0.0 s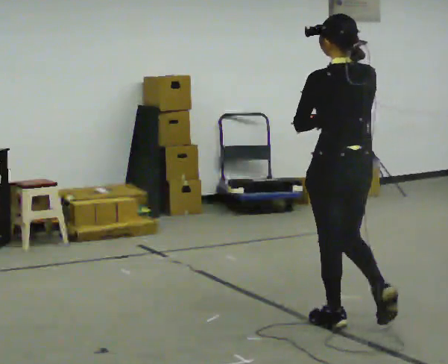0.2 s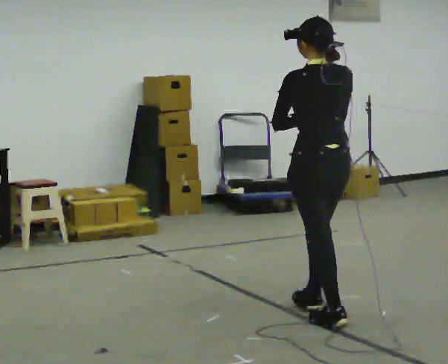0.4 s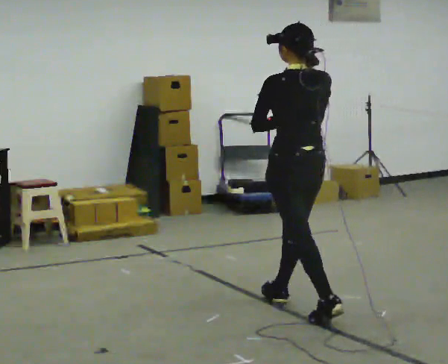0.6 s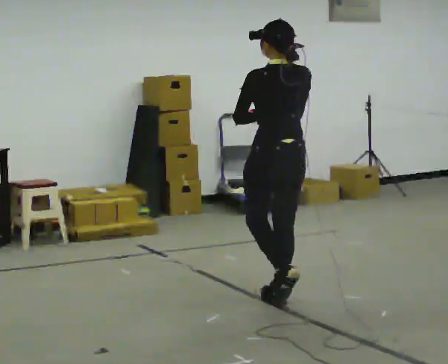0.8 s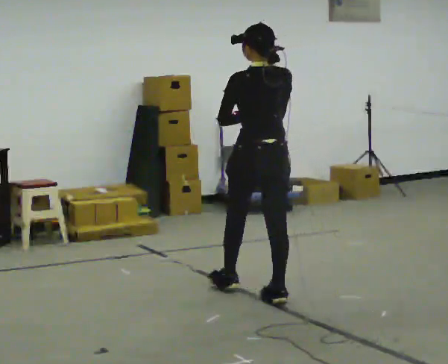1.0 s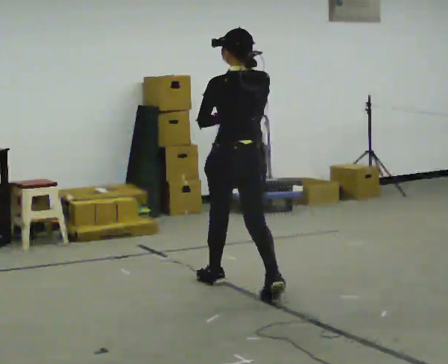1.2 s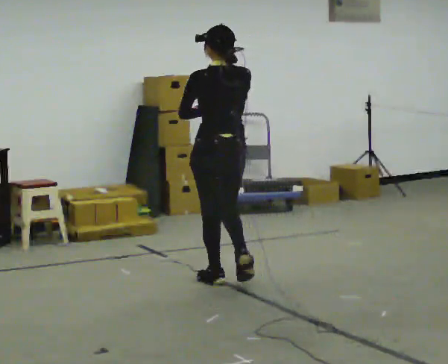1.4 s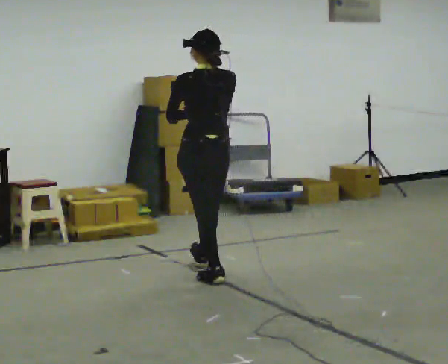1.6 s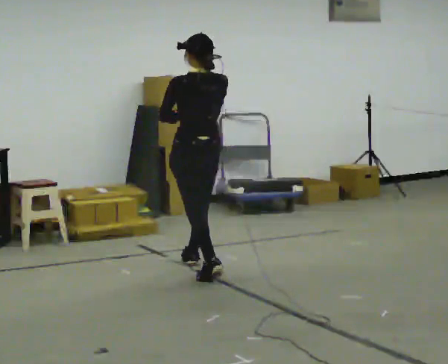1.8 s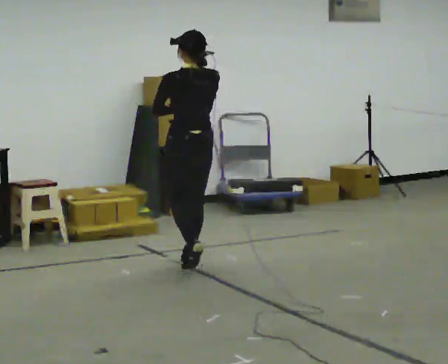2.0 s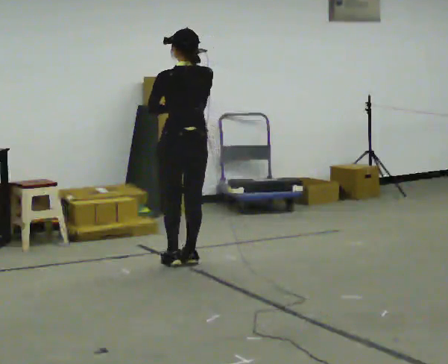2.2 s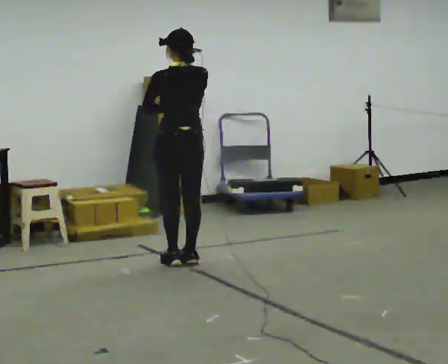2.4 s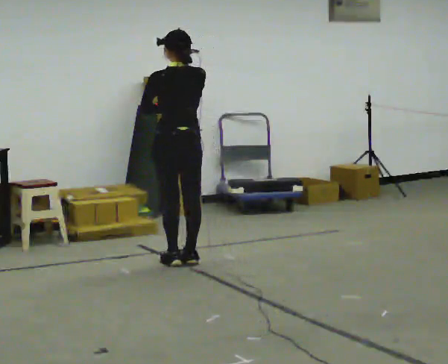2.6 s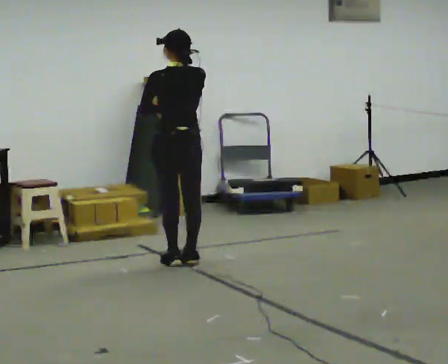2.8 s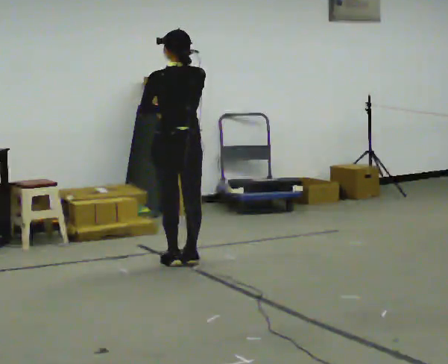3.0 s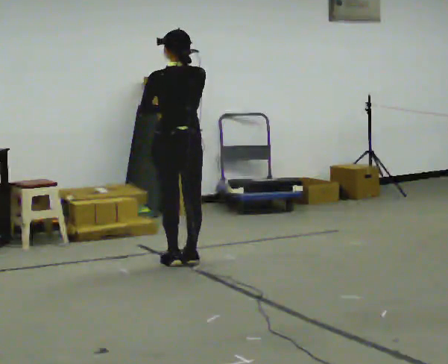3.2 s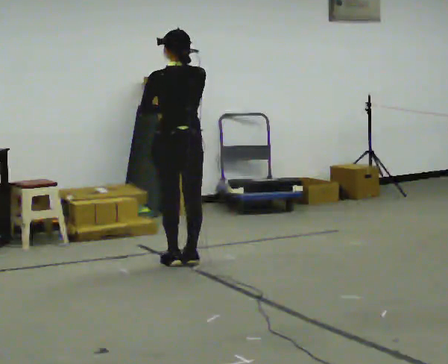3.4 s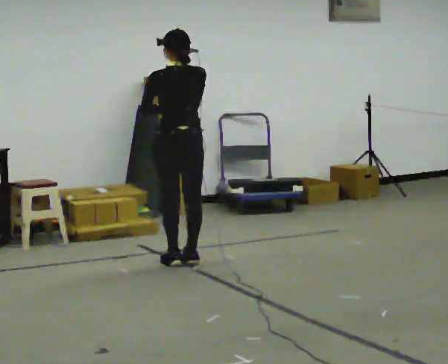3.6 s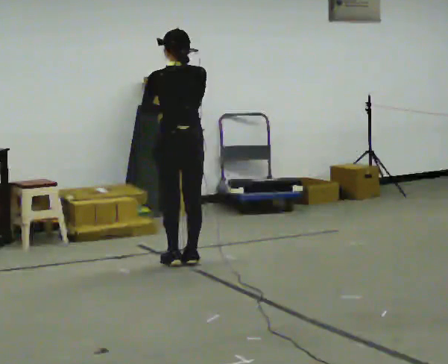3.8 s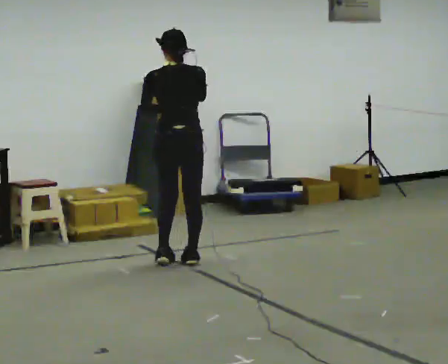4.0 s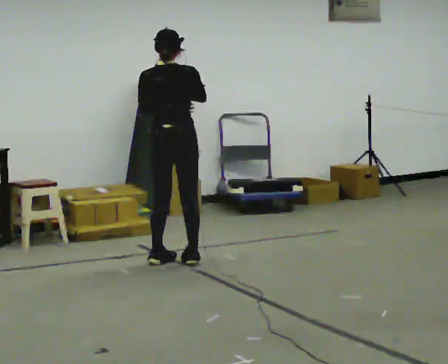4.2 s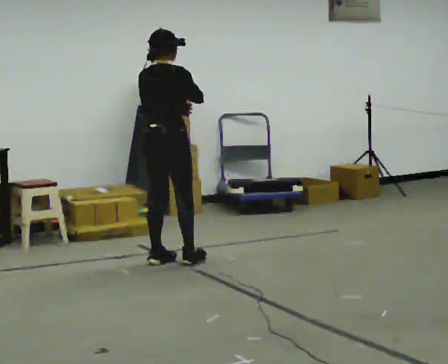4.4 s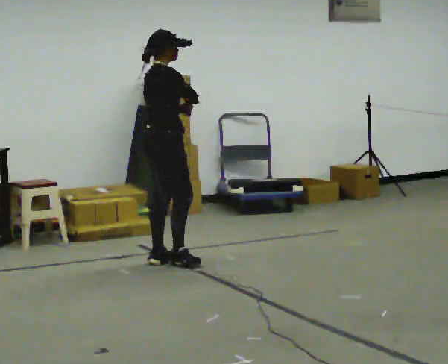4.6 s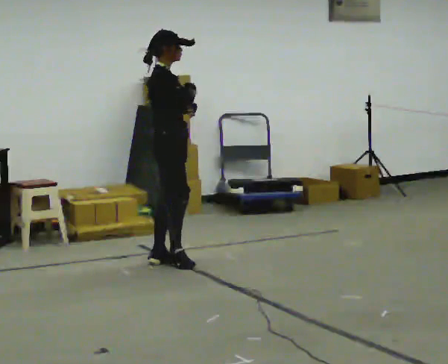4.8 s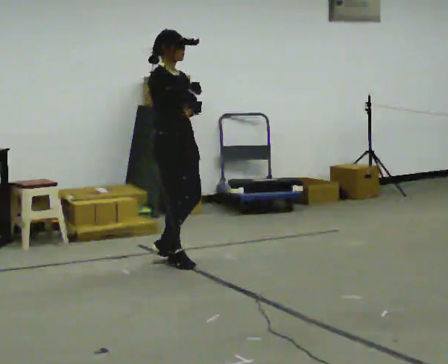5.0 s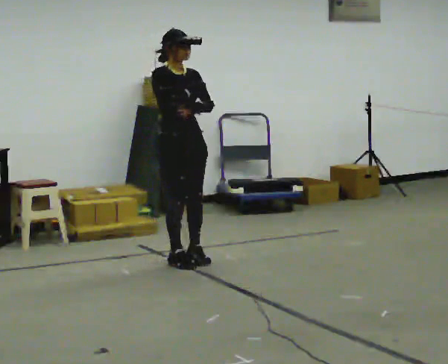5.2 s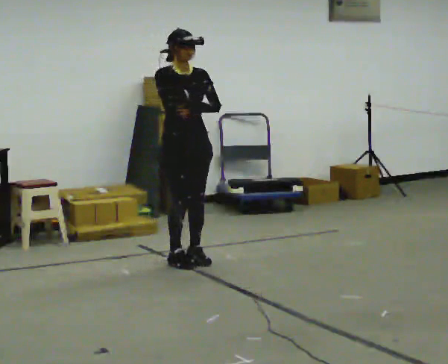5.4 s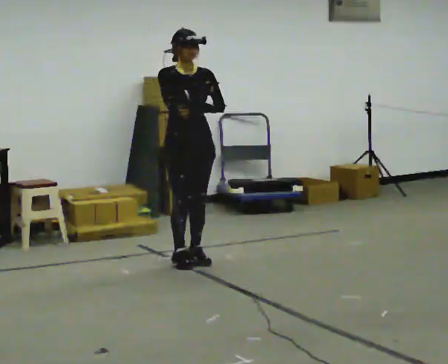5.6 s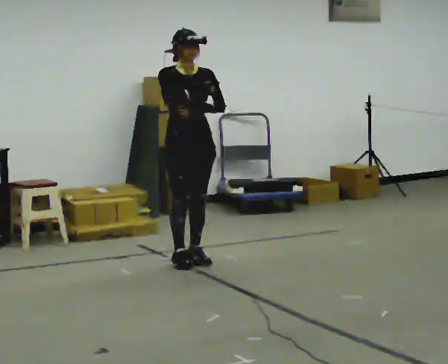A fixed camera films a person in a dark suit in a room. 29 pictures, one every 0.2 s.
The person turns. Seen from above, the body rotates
clockwise.
The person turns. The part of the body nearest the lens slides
to the left.
0.0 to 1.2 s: In the picture they go away from the camera and to the left, about 1 m in 2 steps, which for them is forward.
1.2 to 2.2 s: In the picture they go away from the camera and to the left, about 0.75 m in 2 steps, which for them is forward.
2.2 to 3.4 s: The person moves a little, or ends about where they began.
3.4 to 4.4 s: The person turns about 90 degrees to their right, clockwise seen from above, so the part of the body nearest the lens slides to the left.
4.4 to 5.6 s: The person turns about 90 degrees to their right, clockwise seen from above, so the part of the body nearest the lens slides to the left. In the picture they go to the right, about 0.25 m in 1 step.
The film runs forward here.
